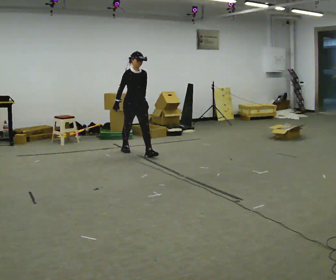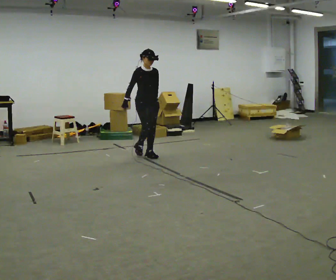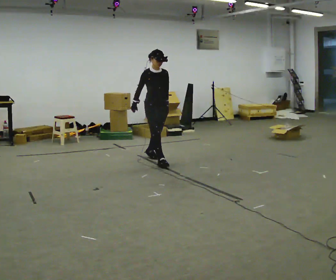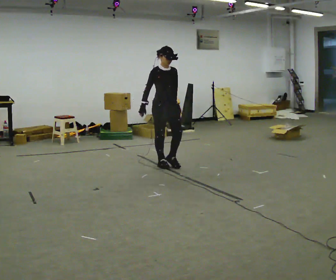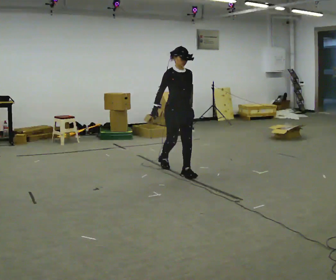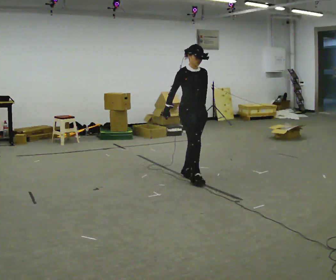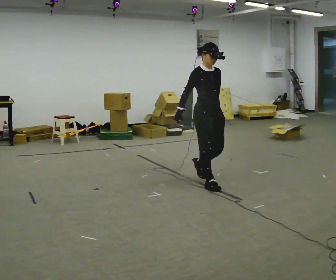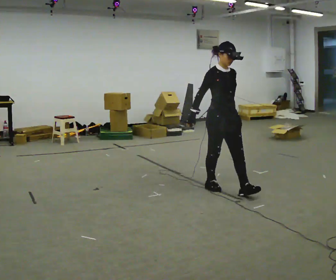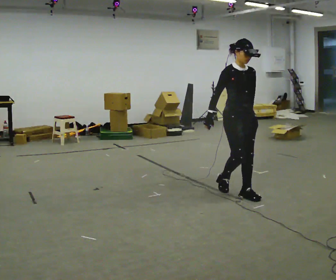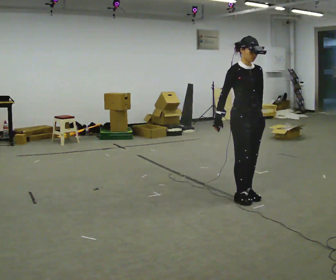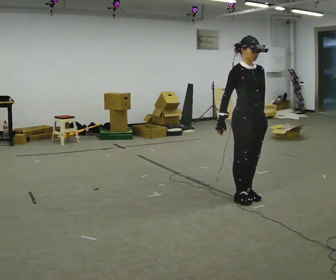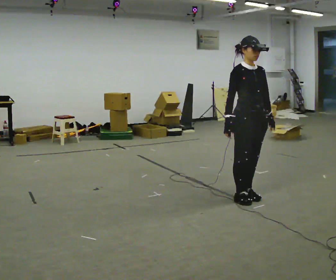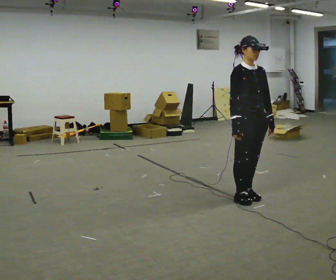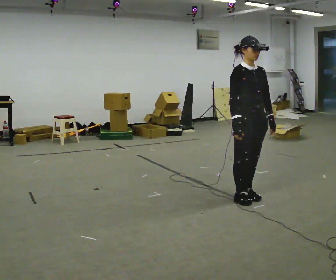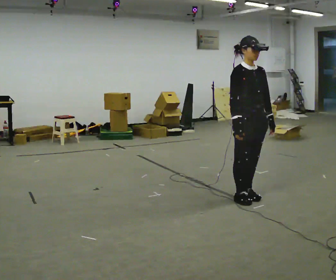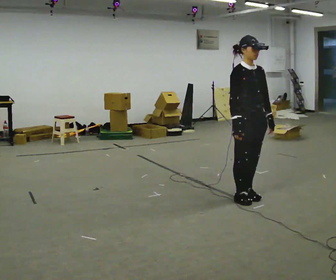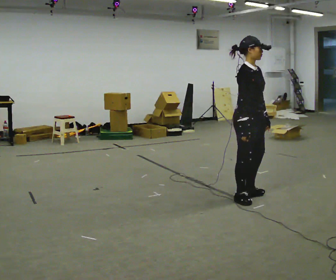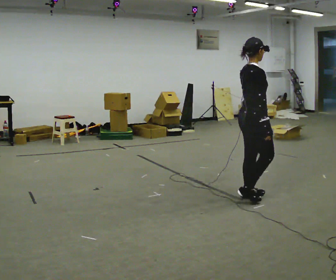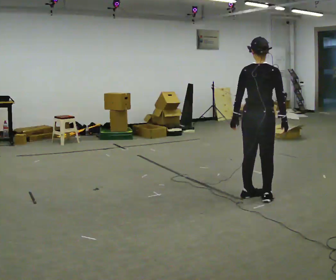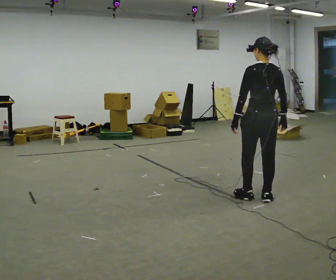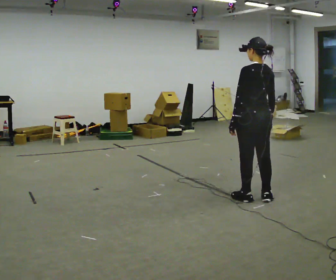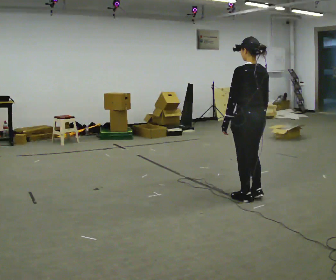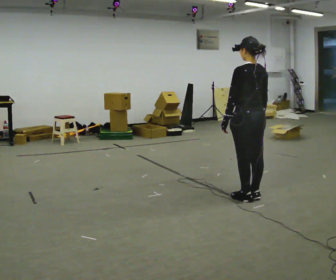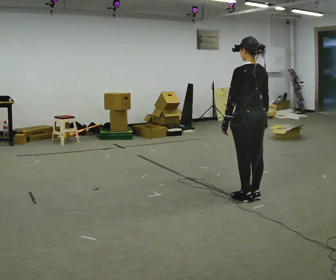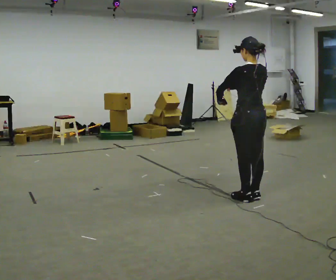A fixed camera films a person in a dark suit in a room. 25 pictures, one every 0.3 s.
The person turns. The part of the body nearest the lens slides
to the right.
The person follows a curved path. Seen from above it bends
counterclockwise.
0.0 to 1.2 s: In the picture they go to the right and toward the camera, about 1 m in 2 steps, which for them is forward.
1.2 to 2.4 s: In the picture they go to the right and toward the camera, about 1 m in 2 steps, which for them is forward.
2.4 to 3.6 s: The person moves a little, or ends about where they began.
3.6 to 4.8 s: Seen from above the body turns counterclockwise, about 30 degrees: to their left, with its near side sliding to the right.
4.8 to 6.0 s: The part of the body nearest the lens slides to the right as the person turns to their left by about 150 degrees.
6.0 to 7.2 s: In the picture their right hand goes to the left and upward.
The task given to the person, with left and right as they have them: Walk normally but hold both hands together in front of you at chest height; do not swing your arms; stop.
The film runs forward here.
